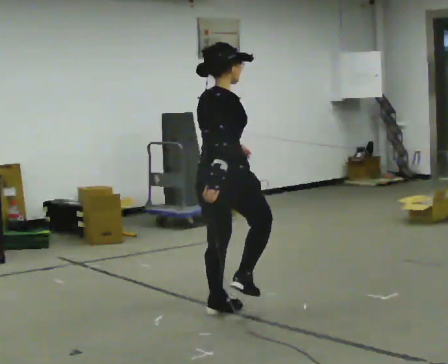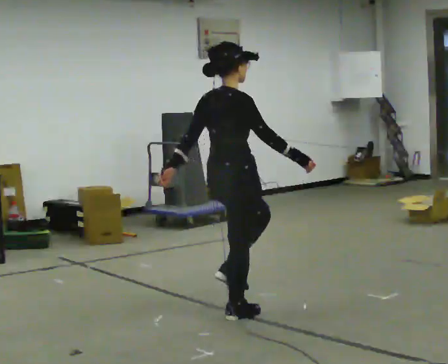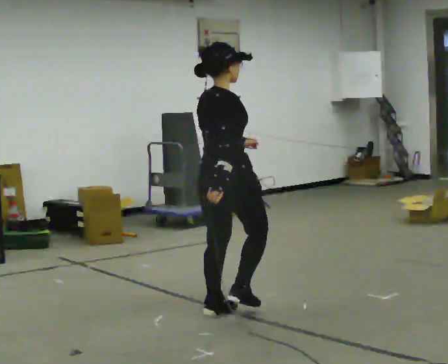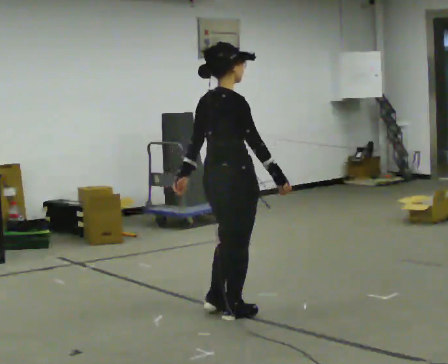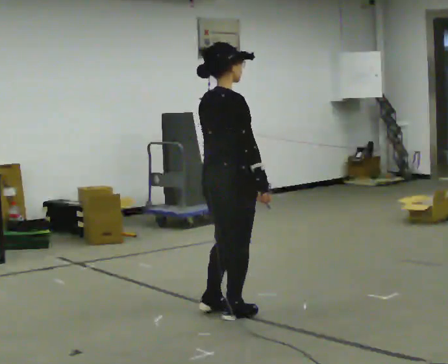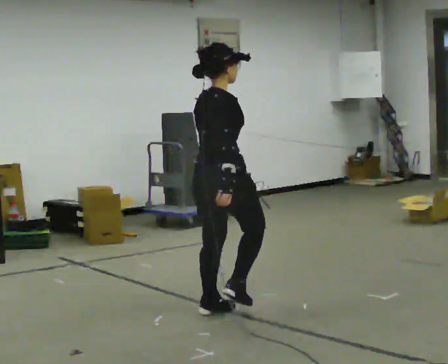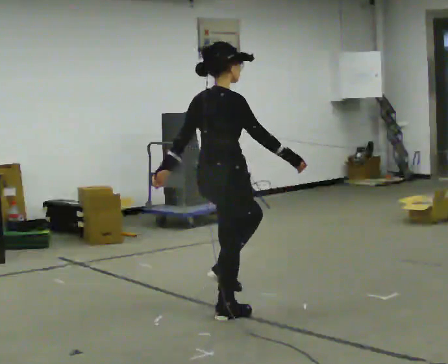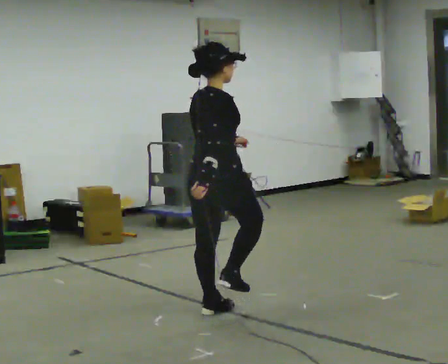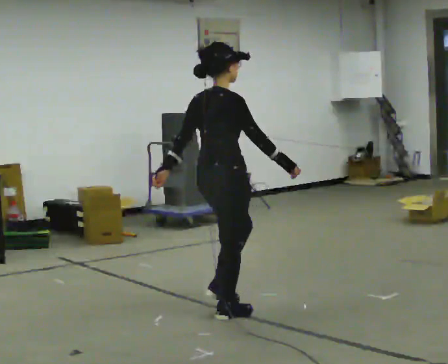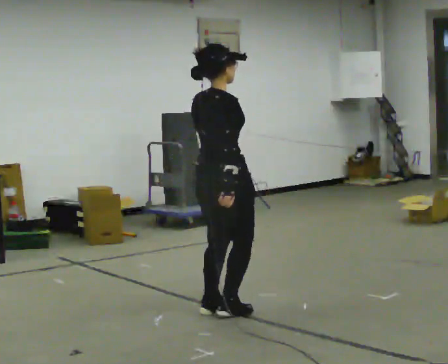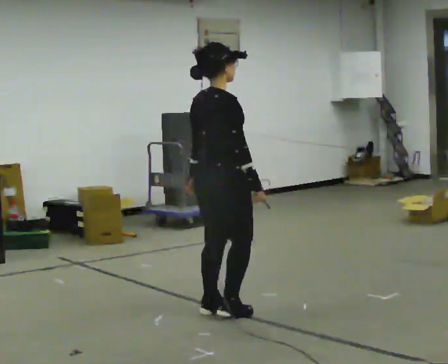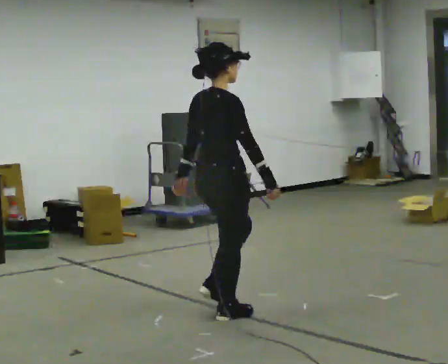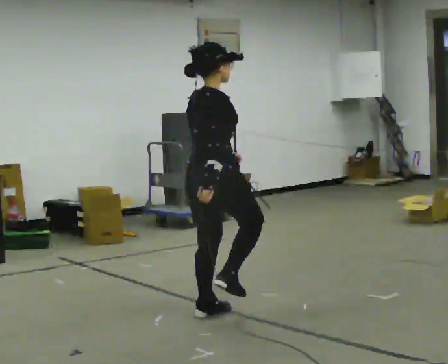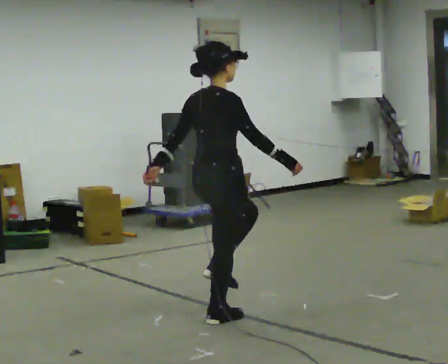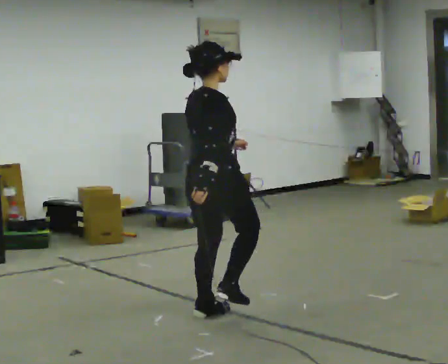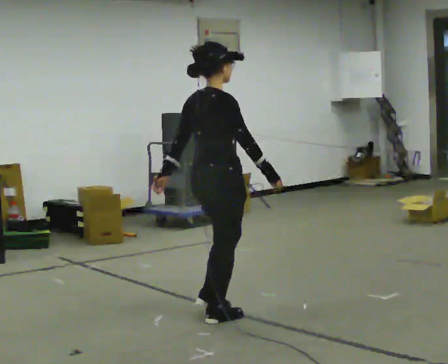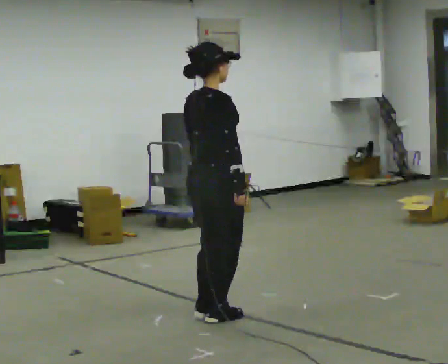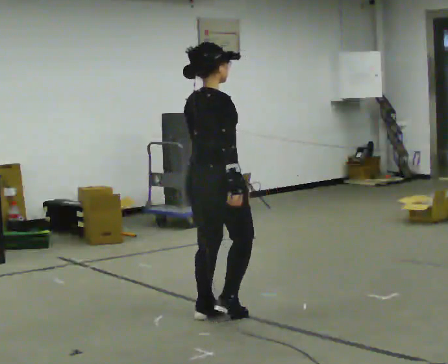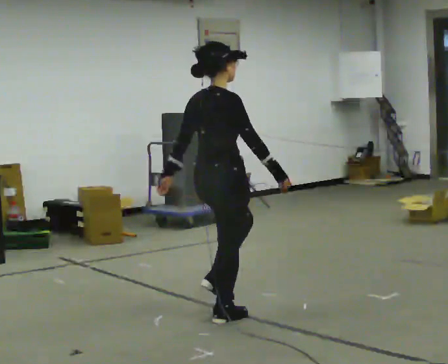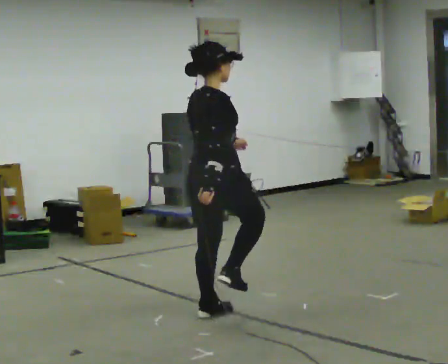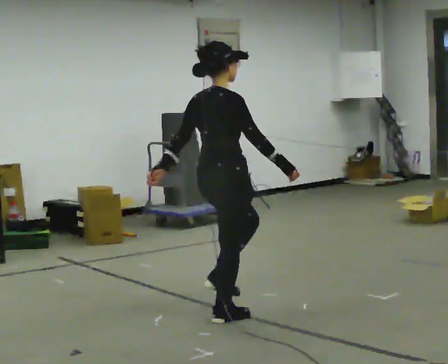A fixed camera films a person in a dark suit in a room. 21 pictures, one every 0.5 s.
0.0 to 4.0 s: In the picture their left hand goes to the left.
4.0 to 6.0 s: In the picture their left hand goes to the right.
6.0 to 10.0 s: In the picture their left hand goes to the left.
The film runs backward here.
